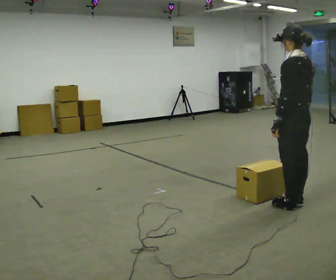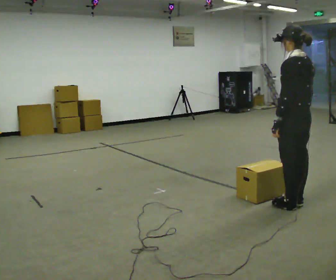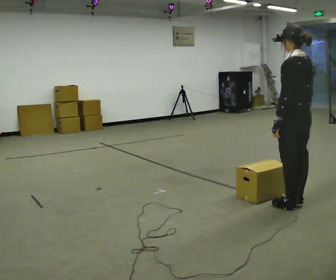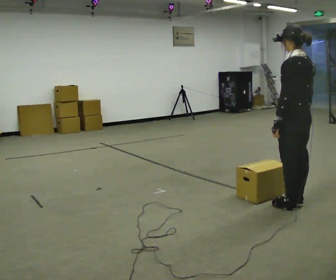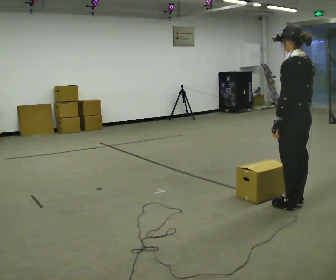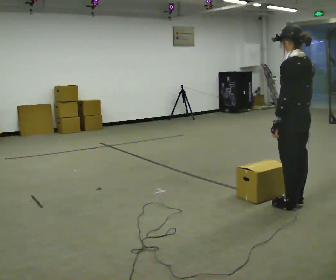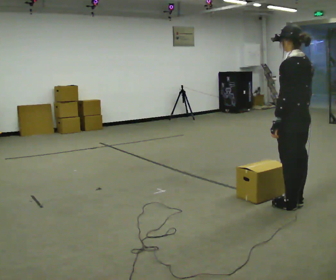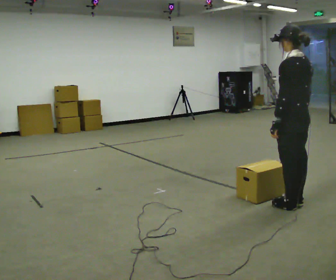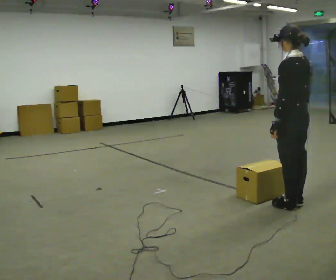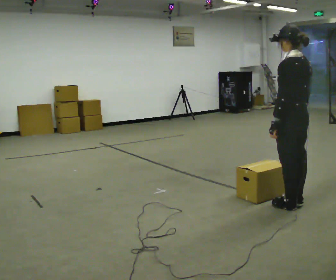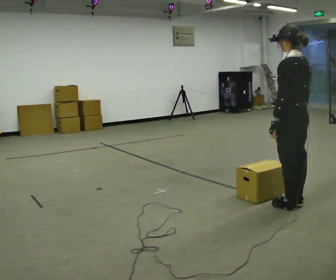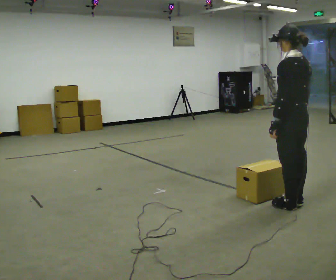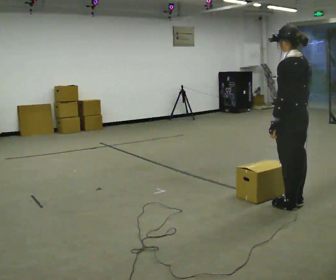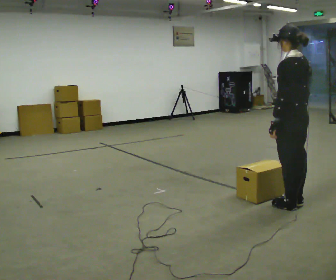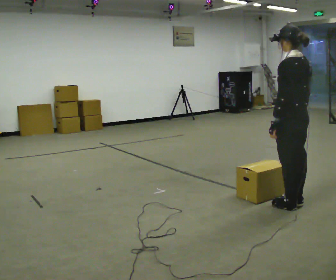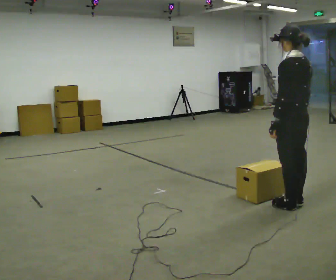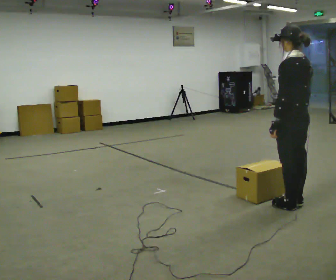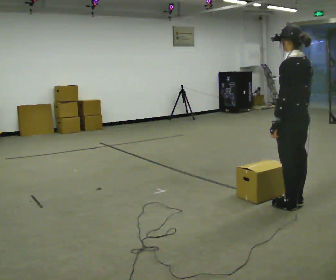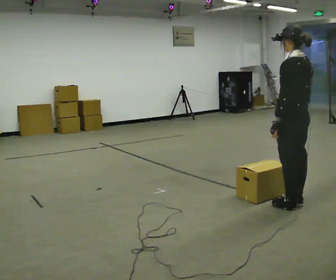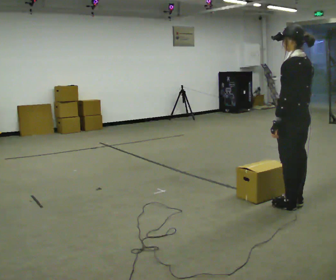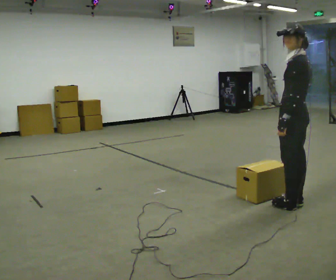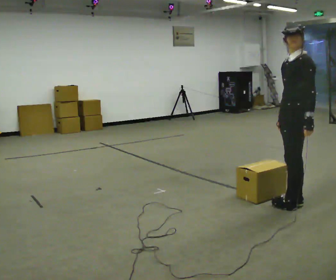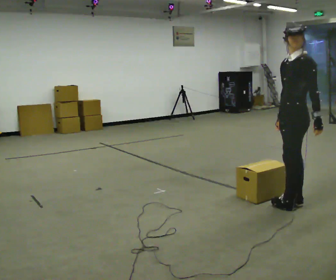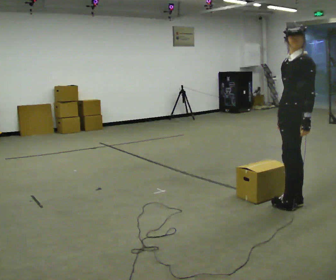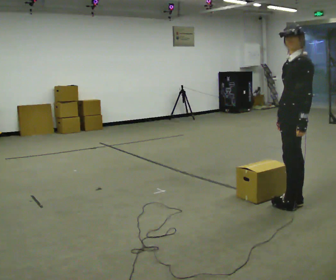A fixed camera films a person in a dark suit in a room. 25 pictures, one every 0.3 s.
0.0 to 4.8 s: The person keeps their place and pose.
4.8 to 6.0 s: Seen from above the body turns counterclockwise, about 30 degrees: to their left, with its near side sliding to the right.
6.0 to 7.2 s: The person moves a little, or ends about where they began.
The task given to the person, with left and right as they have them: Carry the box across the room, back and forth. The operator will swap between the box with handles and the one without.
The film runs forward here.
